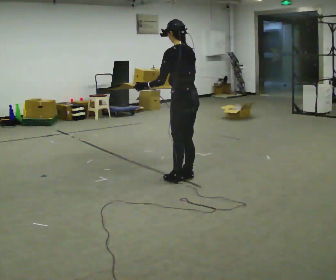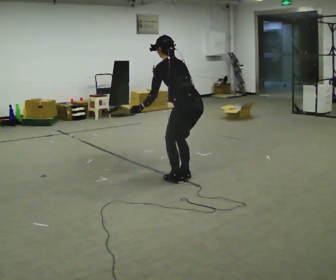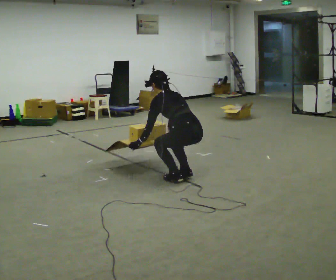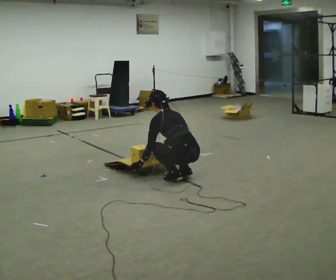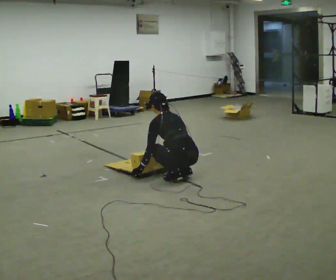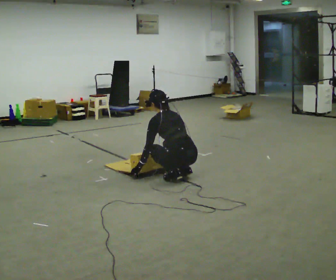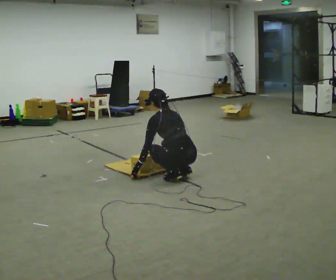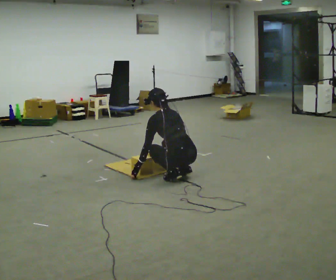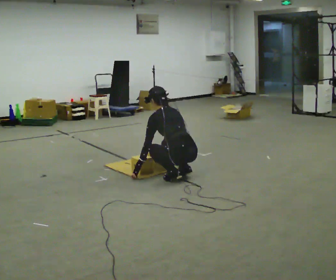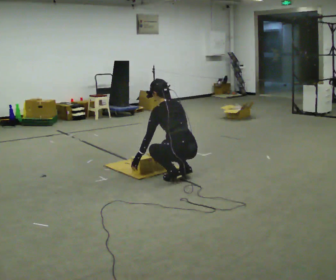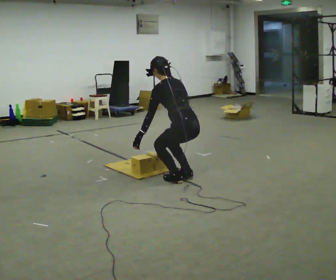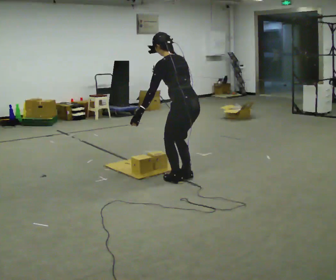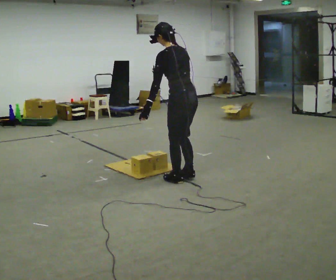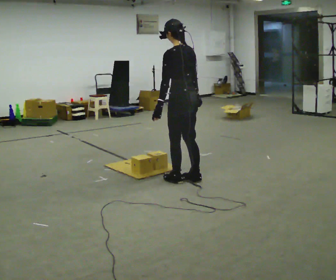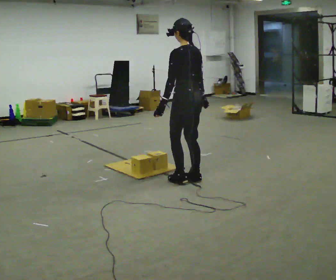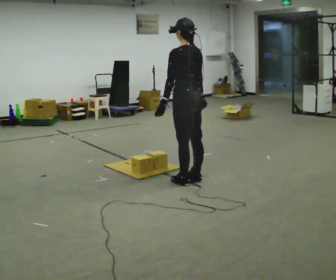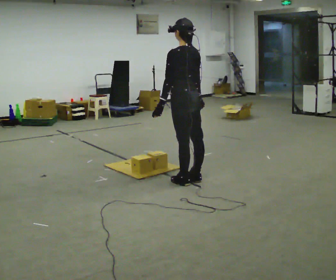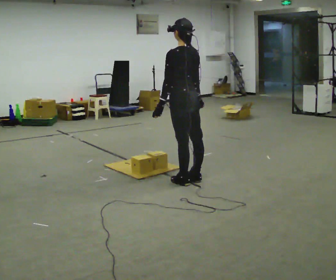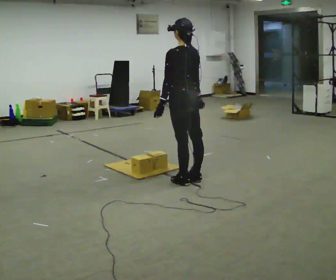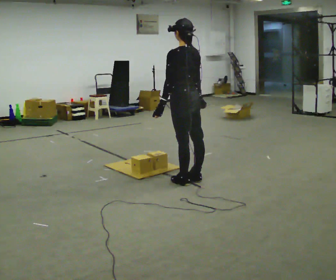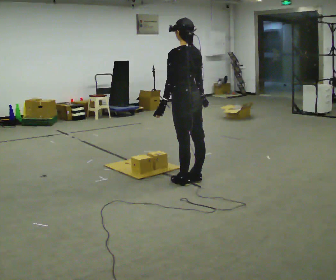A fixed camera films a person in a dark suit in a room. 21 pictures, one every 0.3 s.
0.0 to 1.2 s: The shoulders move downward. In the picture the upper body tilts counterclockwise, shoulders to the left, as they bend forward. In the picture their right hand goes downward.
1.2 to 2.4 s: The person moves a little, or ends about where they began.
2.4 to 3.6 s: The shoulders move upward. In the picture the upper body tilts clockwise, shoulders to the right, as they lean back or straighten. In the picture their left hand goes upward.
3.6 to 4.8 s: In the picture the upper body tilts clockwise, shoulders to the right, as they lean back or straighten.
4.8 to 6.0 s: The person moves a little, or ends about where they began.
The film runs backward here.
